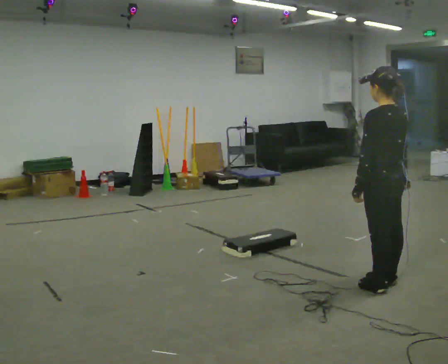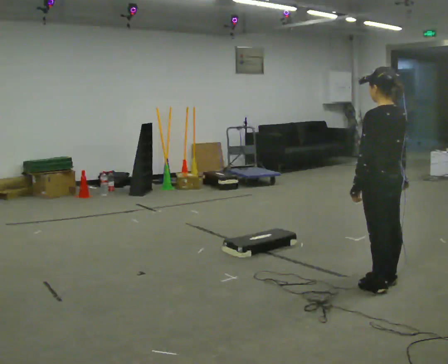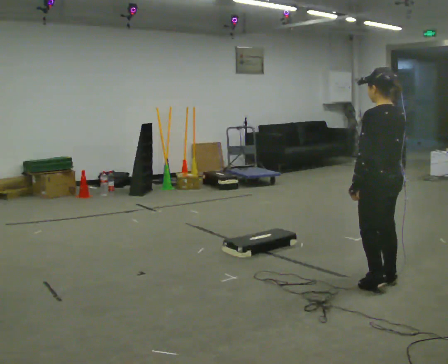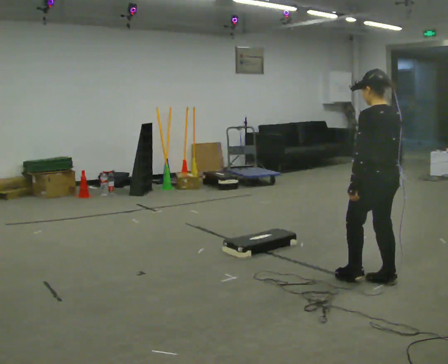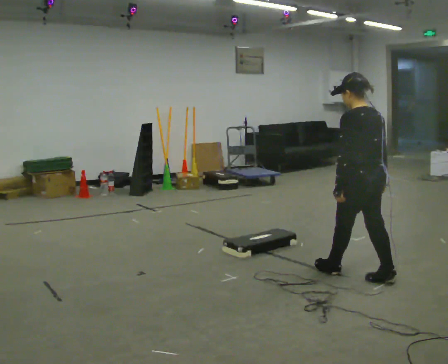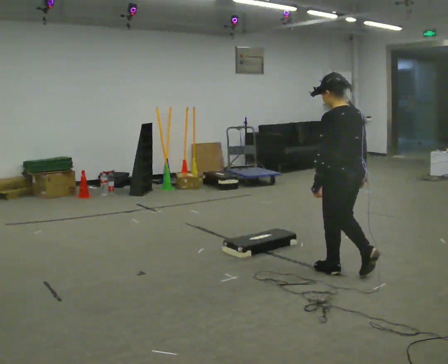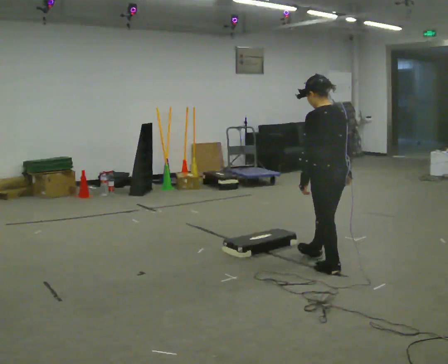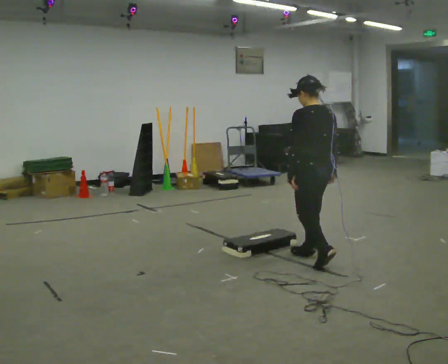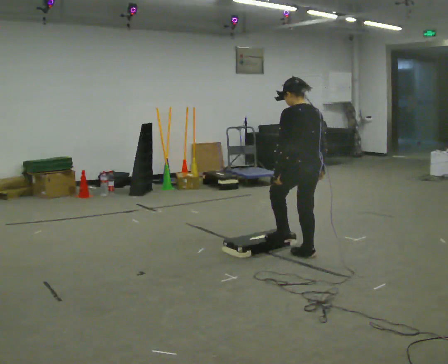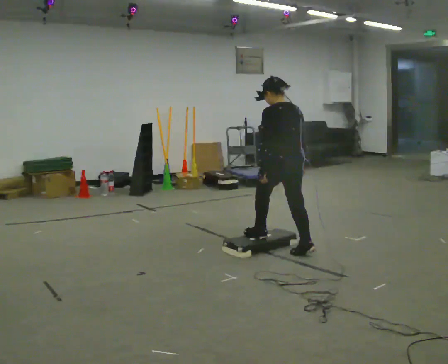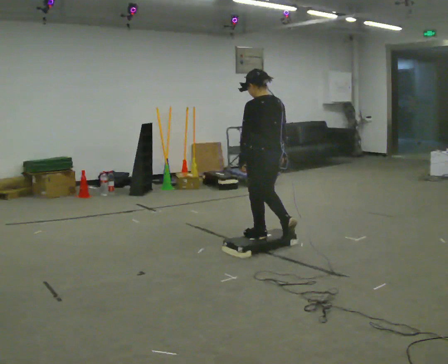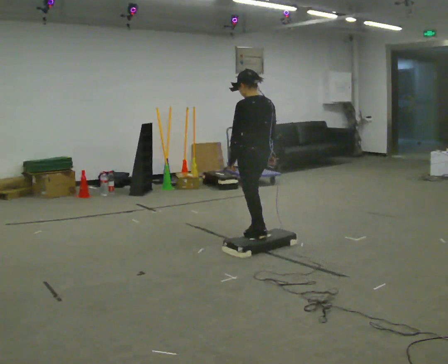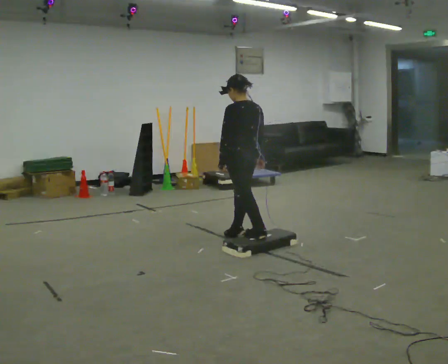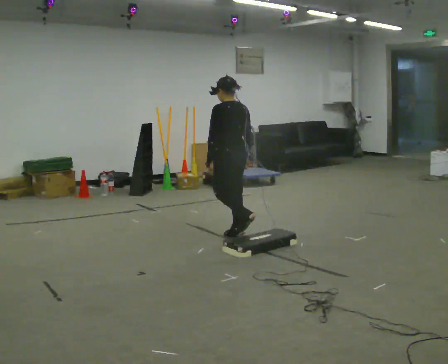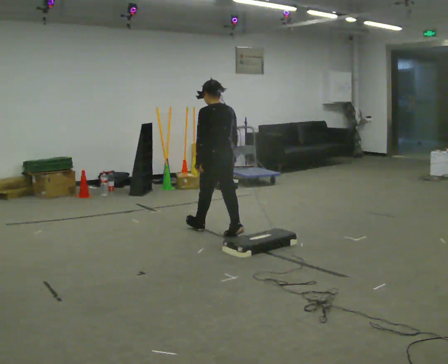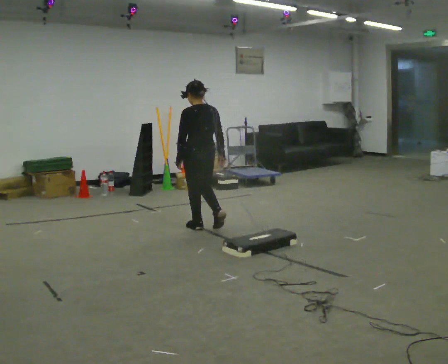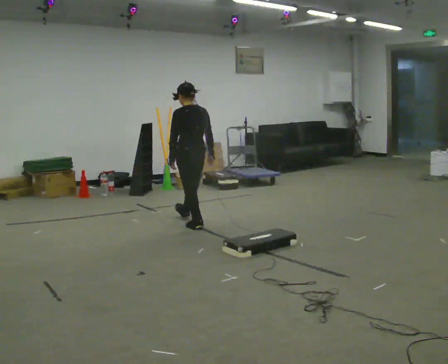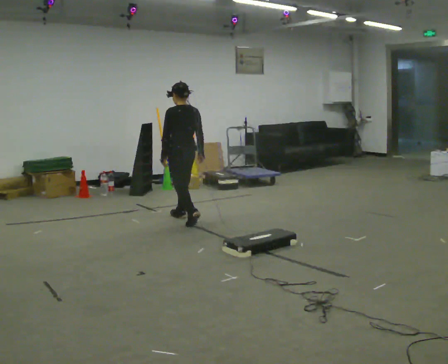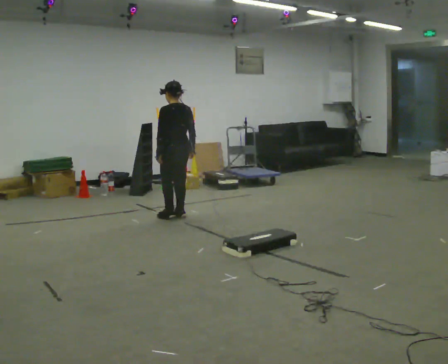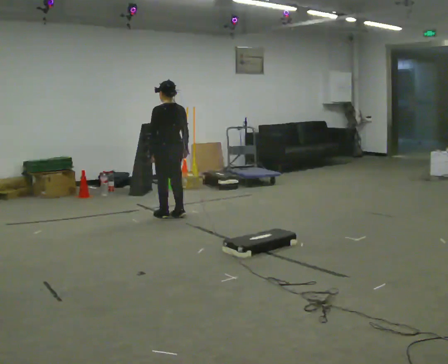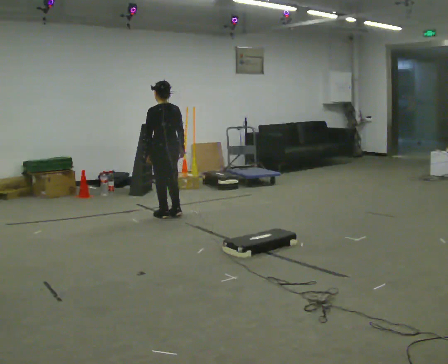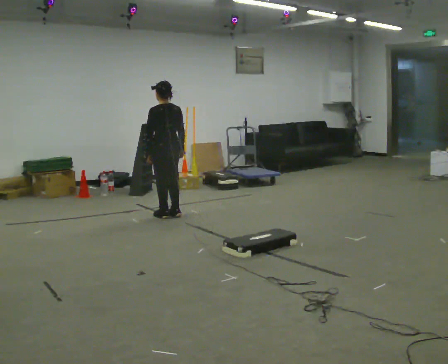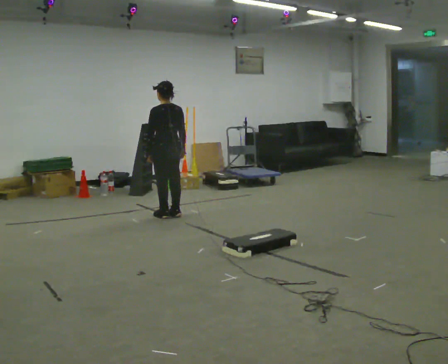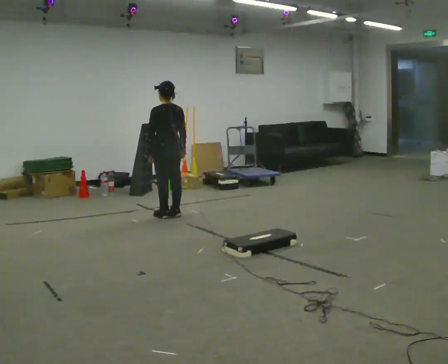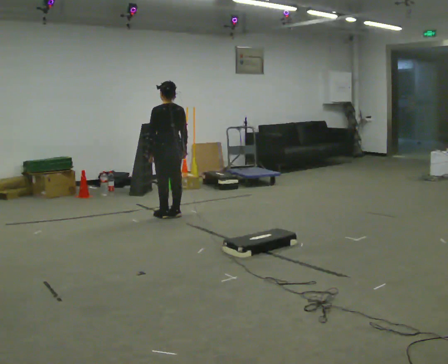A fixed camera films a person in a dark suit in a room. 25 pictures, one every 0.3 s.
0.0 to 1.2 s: In the picture they go away from the camera, about 0.25 m in 1 step, which for them is forward.
1.2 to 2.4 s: In the picture they go away from the camera and to the left, about 0.75 m in 1 step, which for them is forward.
2.4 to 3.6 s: In the picture they go away from the camera and to the left, about 0.75 m in 2 steps, which for them is forward.
3.6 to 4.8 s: In the picture they go away from the camera and to the left, about 1 m in 1 step, which for them is forward.
4.8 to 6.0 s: In the picture they go away from the camera and to the left, about 0.5 m in 2 steps, which for them is forward.
6.0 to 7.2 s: The person moves a little, or ends about where they began.
The film runs forward here.
